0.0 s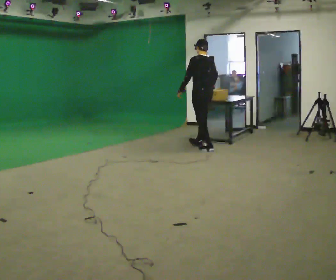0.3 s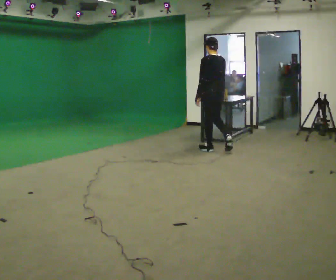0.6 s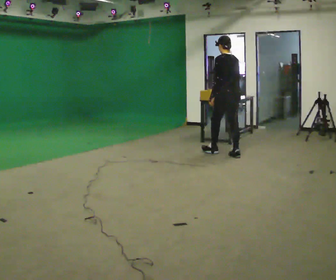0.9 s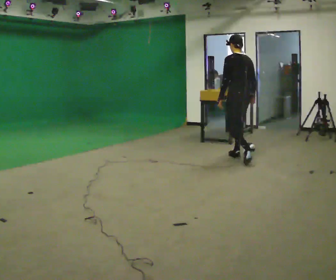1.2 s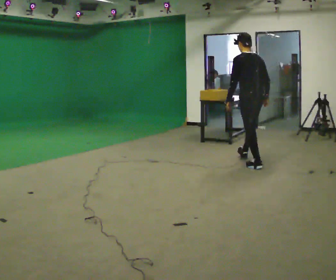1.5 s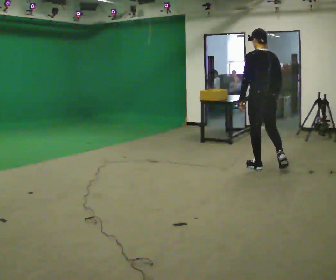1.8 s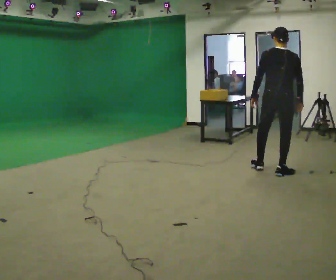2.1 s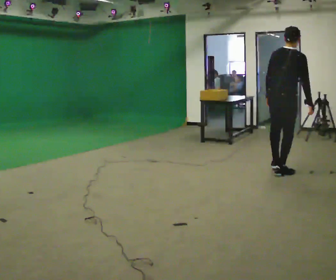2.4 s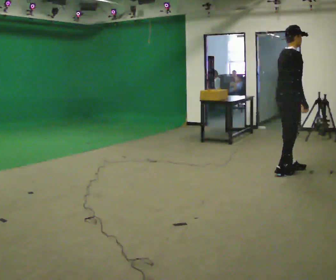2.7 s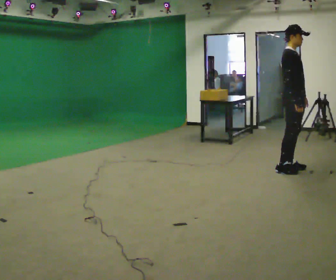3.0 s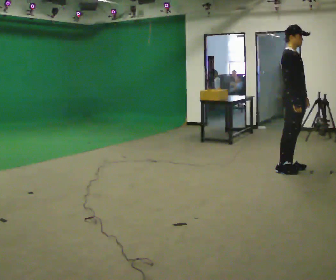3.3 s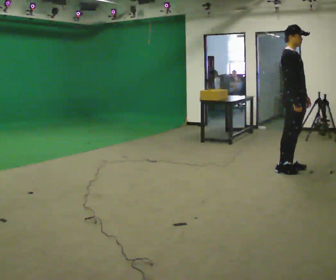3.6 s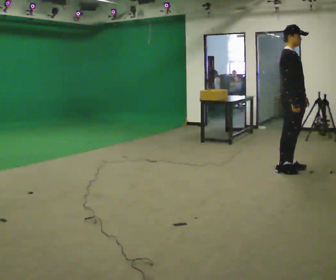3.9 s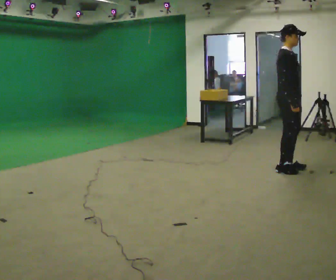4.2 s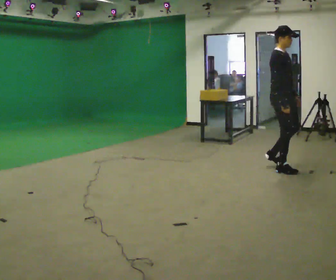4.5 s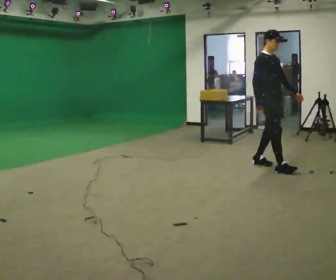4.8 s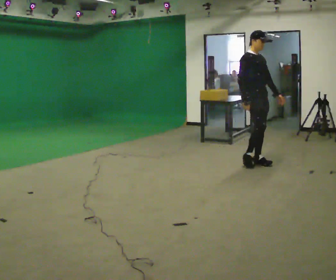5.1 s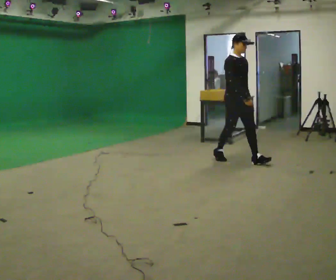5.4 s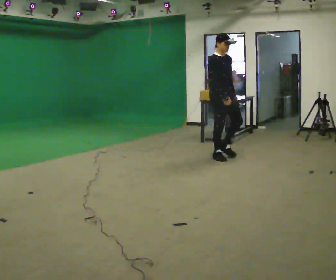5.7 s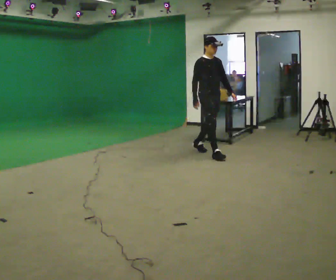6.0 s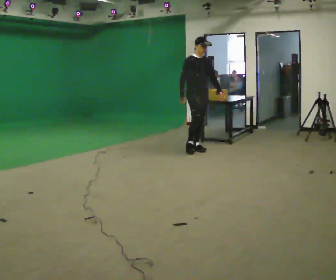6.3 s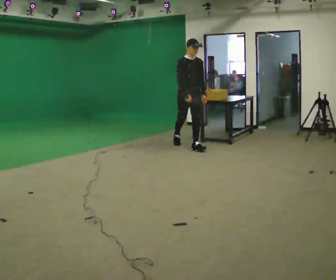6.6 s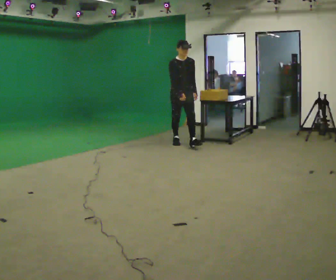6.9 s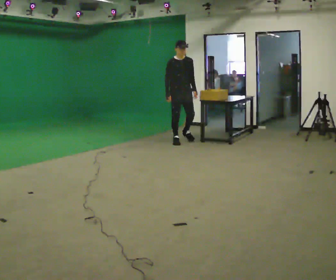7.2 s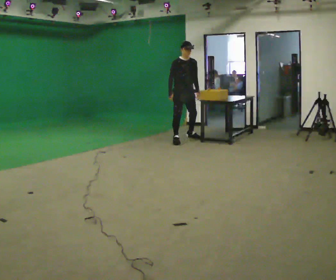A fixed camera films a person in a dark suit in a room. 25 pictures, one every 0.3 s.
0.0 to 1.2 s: In the picture they go to the right and toward the camera, about 1 m in 2 steps, which for them is backward.
1.2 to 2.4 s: Seen from above the body turns clockwise, about 105 degrees: to their right, with its near side sliding to the left. In the picture they go to the right and toward the camera, about 0.5 m in 1 step. In the picture the upper body tilts clockwise, shoulders to the right.
2.4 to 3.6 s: The person turns about 45 degrees to their right, clockwise seen from above, so the part of the body nearest the lens slides to the left.
3.6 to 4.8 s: In the picture they go to the left and away from the camera, about 0.5 m in 2 steps, which for them is backward.
4.8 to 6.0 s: In the picture they go to the left and away from the camera, about 1 m in 2 steps, which for them is backward.
6.0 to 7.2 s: In the picture they go away from the camera and to the left, about 1 m in 1 step, which for them is backward.
The film runs backward here.
